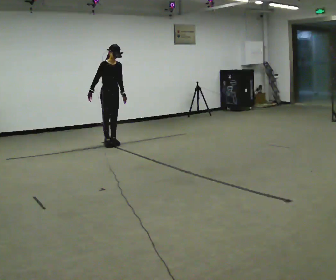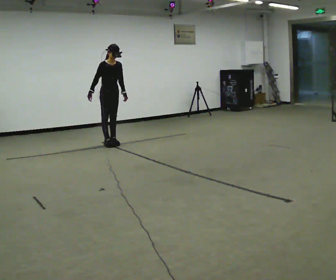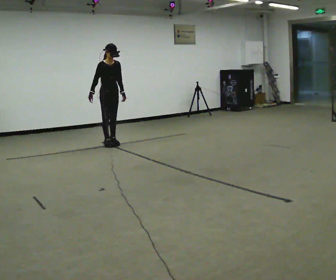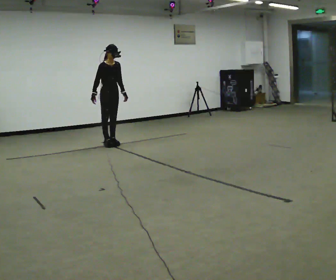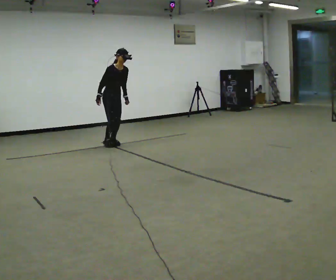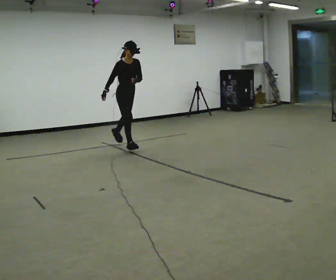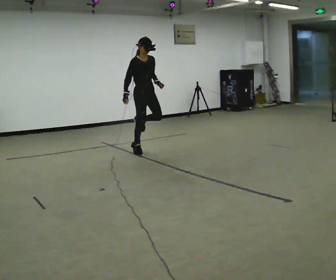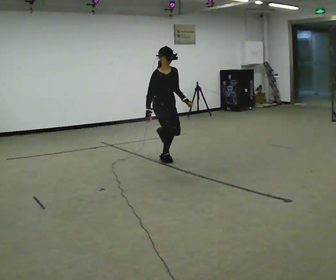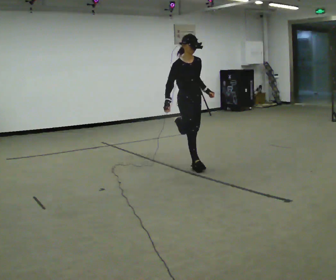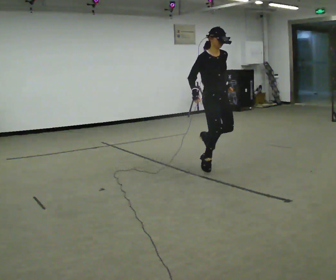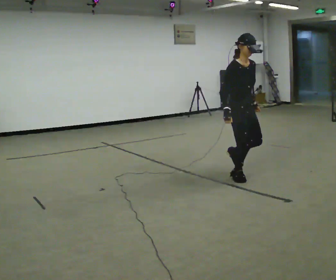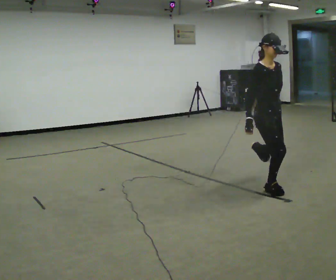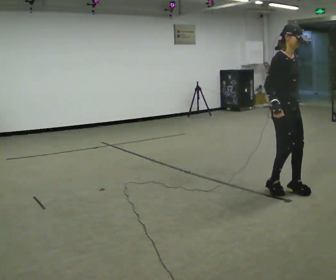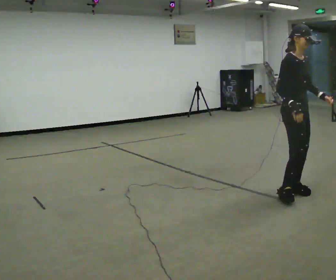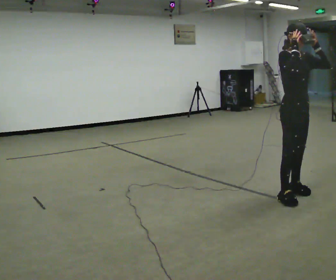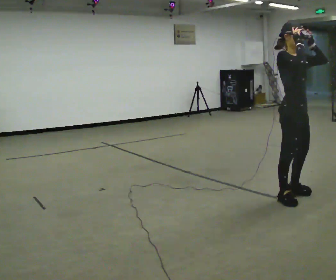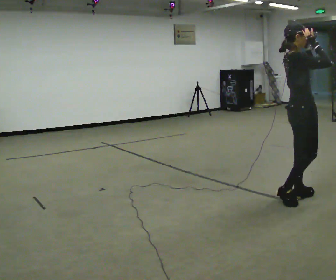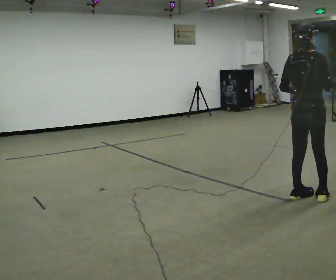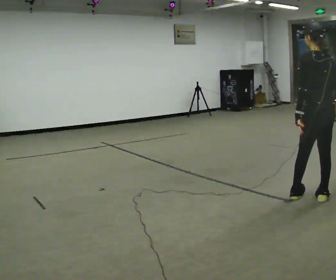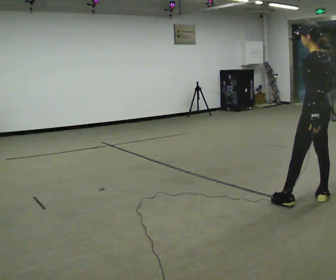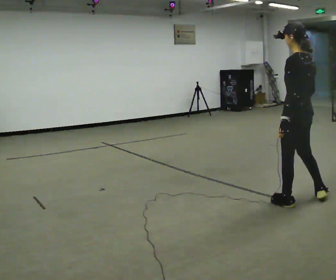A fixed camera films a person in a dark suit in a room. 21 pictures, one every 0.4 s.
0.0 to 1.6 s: The person moves a little, or ends about where they began.
1.6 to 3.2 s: In the picture they go to the right and toward the camera, about 2 m in 2 steps, which for them is forward.
3.2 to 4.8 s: In the picture they go toward the camera and to the right, about 1.5 m in 4 steps, which for them is forward.
4.8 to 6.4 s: Seen from above the body turns counterclockwise, about 60 degrees: to their left, with its near side sliding to the right. In the picture they go toward the camera, about 0.25 m in 2 steps, which for them is forward. In the picture their right hand goes upward and to the right.
6.4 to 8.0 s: The person turns about 120 degrees to their left, counterclockwise seen from above, so the part of the body nearest the lens slides to the right. In the picture their left hand goes downward and to the left.
The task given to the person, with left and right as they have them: Hop forward on the leg the operator calls, keeping the other foot off the floor.
The film runs forward here.
